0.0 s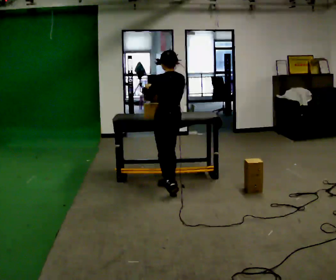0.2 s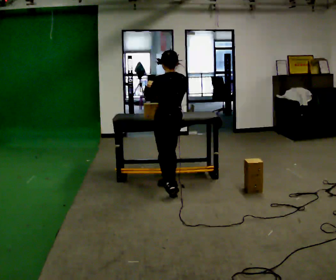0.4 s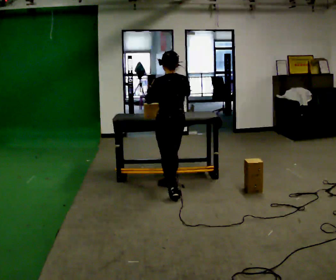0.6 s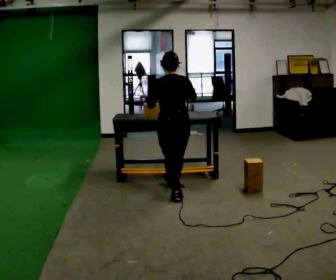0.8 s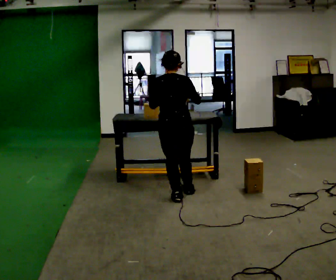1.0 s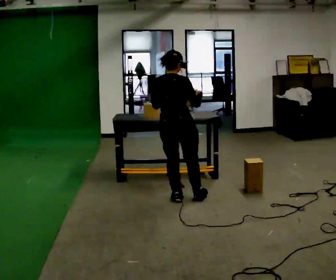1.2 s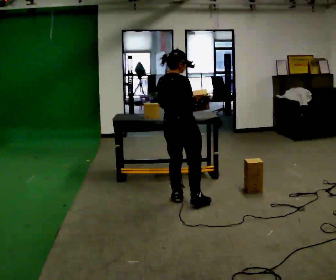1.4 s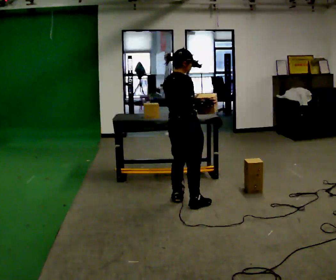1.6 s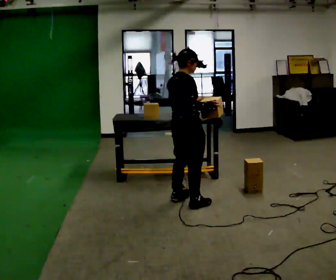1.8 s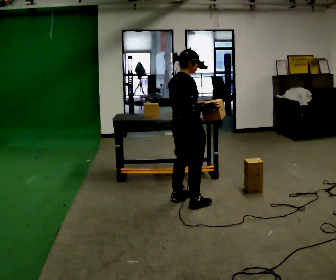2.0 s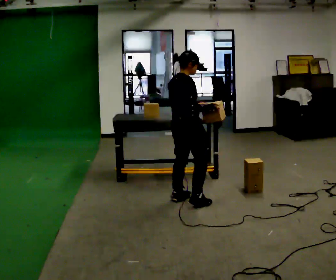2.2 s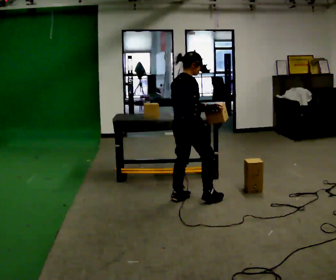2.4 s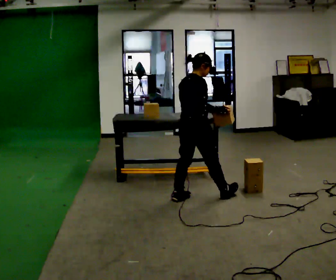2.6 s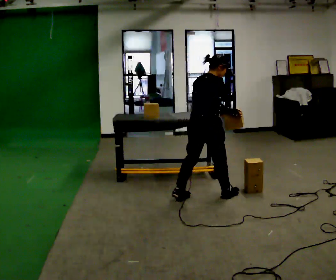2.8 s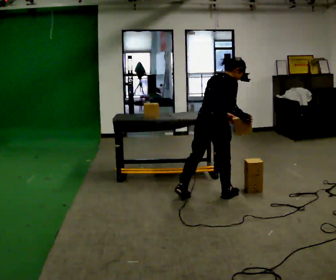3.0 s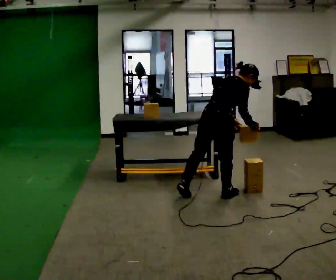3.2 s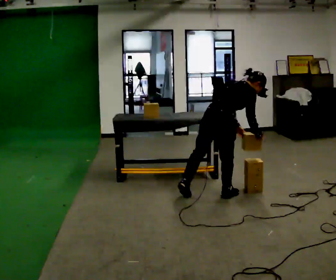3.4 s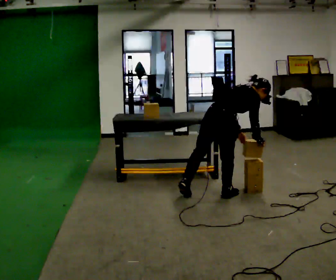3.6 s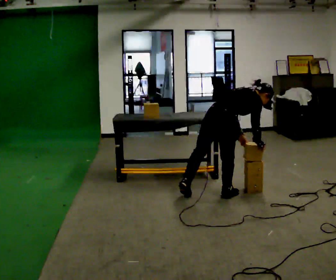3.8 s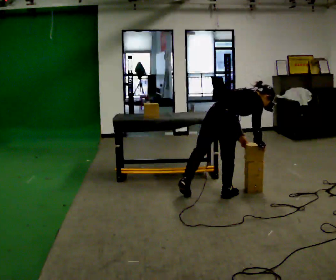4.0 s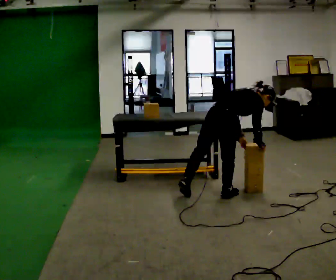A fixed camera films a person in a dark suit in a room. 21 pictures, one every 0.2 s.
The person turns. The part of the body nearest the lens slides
to the left.
Their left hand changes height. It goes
downward.
0.0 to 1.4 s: The part of the body nearest the lens slides to the left as the person turns to their right by about 90 degrees. In the picture they go toward the camera, about 0.5 m in 1 step.
1.4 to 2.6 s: In the picture they go to the right, about 0.25 m in 1 step, which for them is forward. In the picture the upper body tilts clockwise, shoulders to the right, as they bend forward.
2.6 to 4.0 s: In the picture they go to the right, about 0.25 m, which for them is forward and to their right. In the picture the upper body tilts clockwise, shoulders to the right, as they bend forward. In the picture their right hand goes downward.
The film runs forward here.
